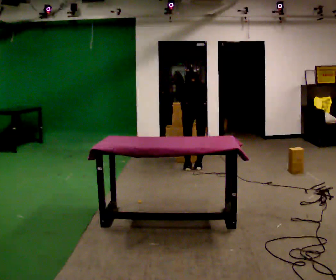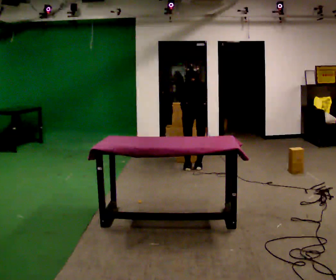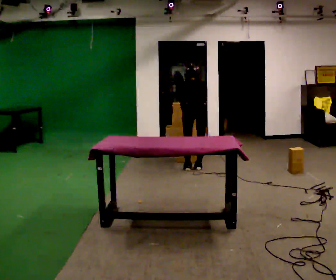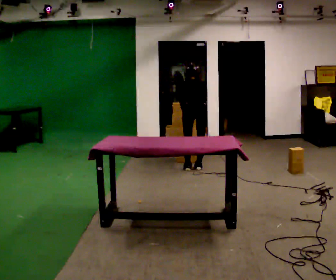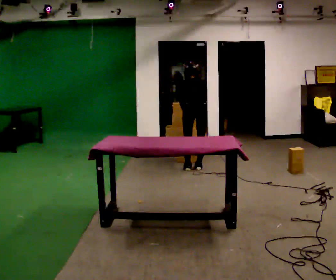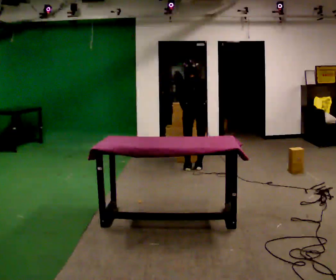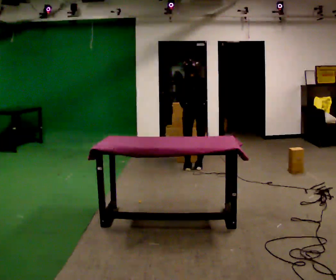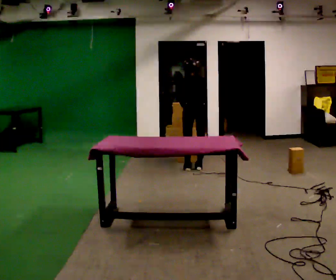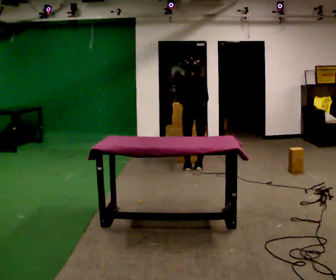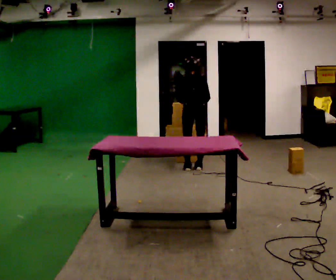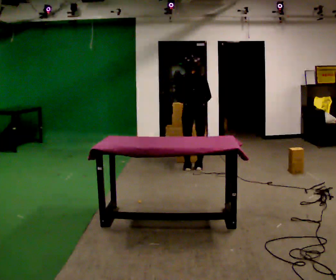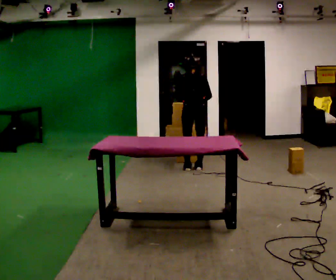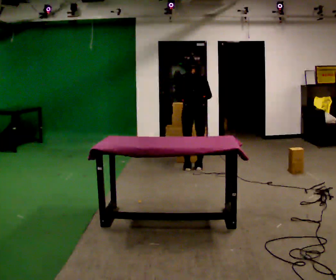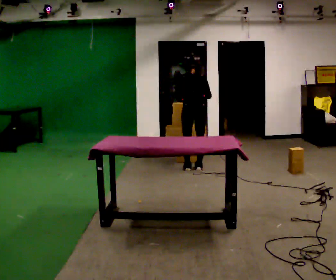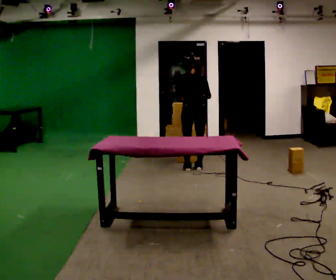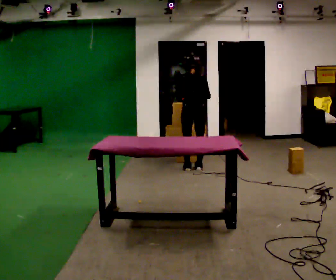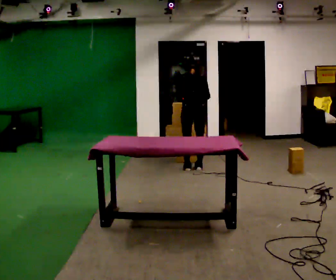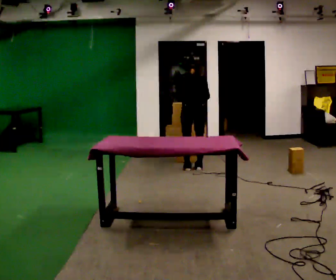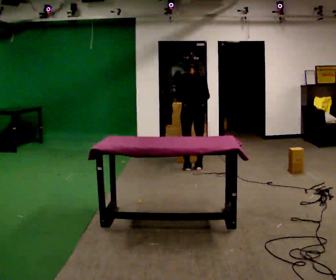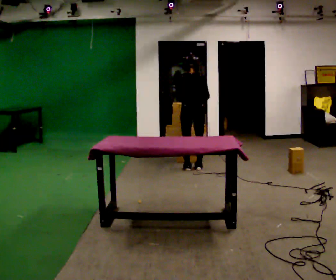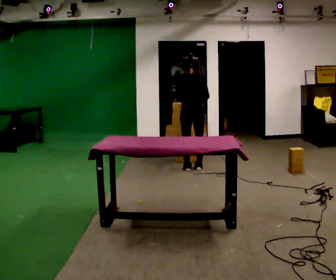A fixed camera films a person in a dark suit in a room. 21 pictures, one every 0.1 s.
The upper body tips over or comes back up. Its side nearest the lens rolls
downward.
0.0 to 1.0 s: The upper body tips toward the camera, its near side rolling downward, as they lean back or straighten.
1.0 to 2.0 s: The upper body tips toward the camera, its near side rolling downward, as they lean back or straighten.
The film runs backward here.
